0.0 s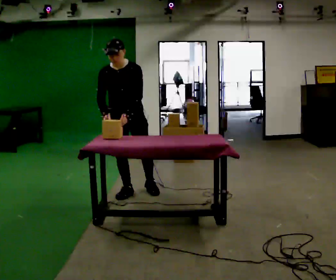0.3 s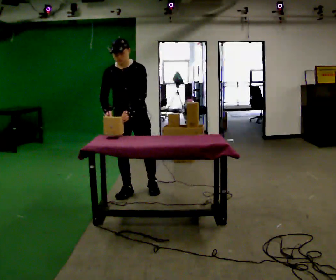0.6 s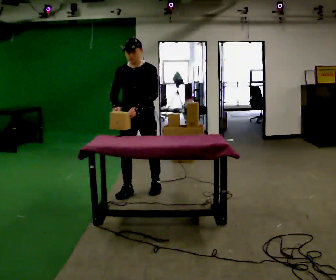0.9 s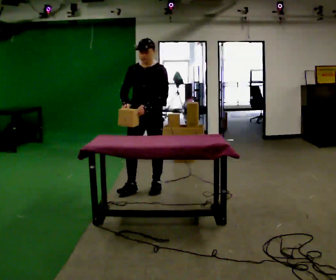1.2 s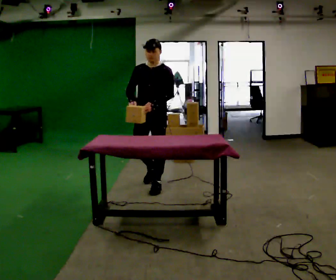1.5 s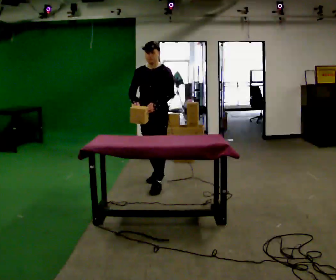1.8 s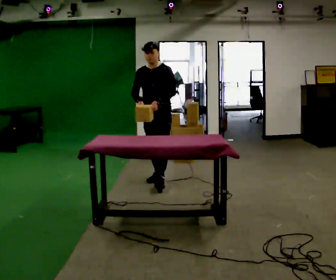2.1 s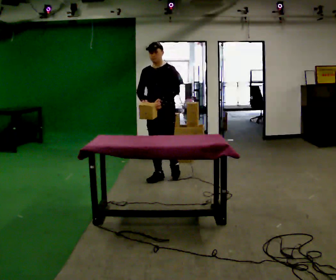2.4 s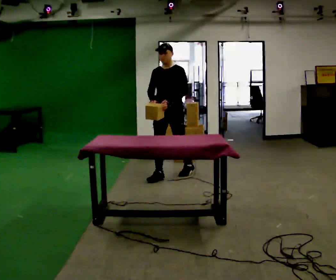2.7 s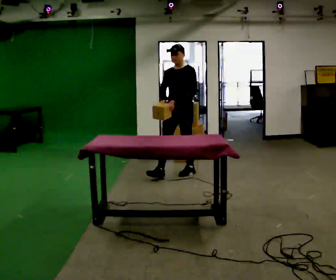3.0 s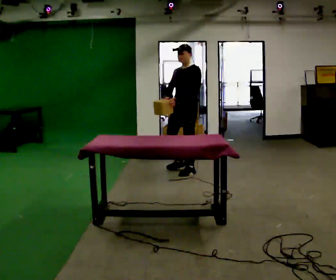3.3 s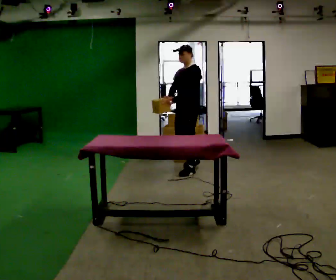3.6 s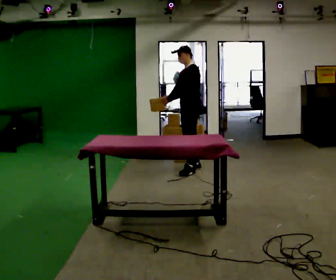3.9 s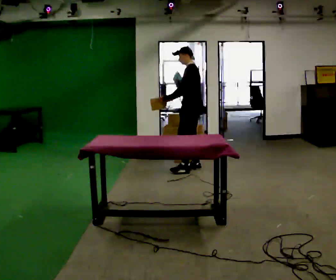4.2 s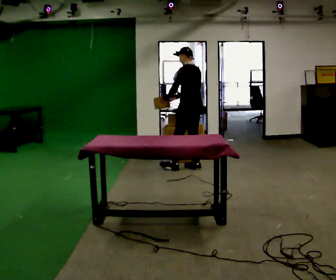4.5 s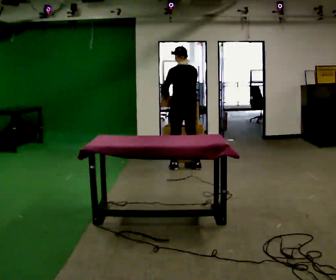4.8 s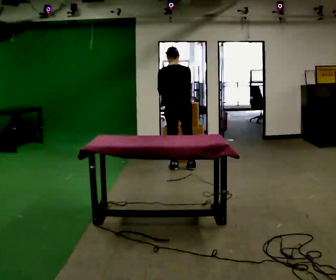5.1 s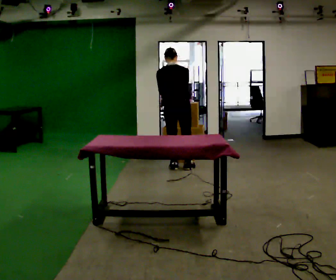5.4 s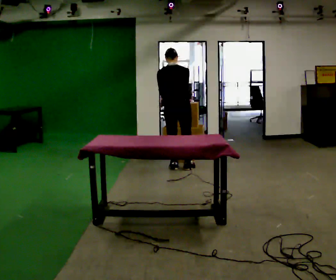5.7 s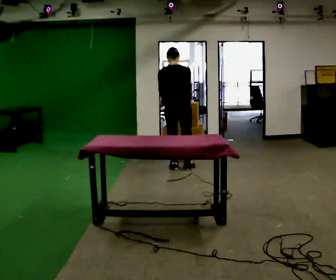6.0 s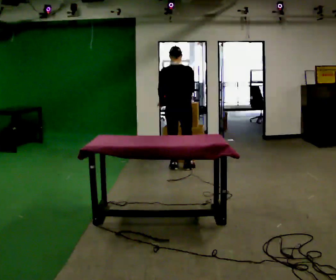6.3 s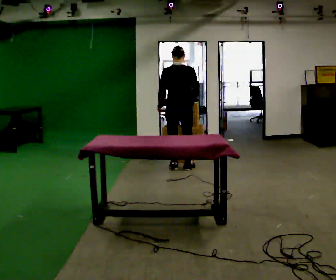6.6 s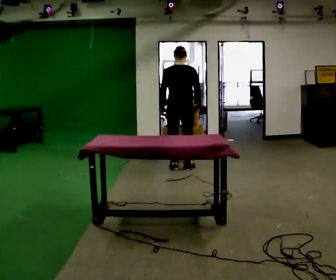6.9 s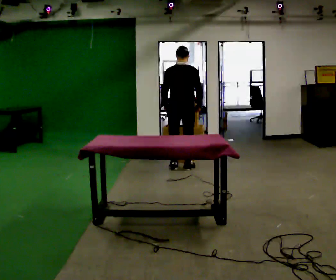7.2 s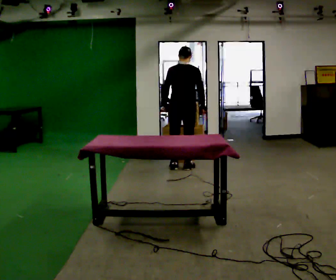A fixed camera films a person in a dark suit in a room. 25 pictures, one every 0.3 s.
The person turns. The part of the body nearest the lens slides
to the left.
The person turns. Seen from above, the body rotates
clockwise.
0.0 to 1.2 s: In the picture they go to the right and away from the camera, about 0.25 m in 1 step, which for them is backward and to their left. The upper body tips away from the camera, its near side rolling upward, as they lean back or straighten.
1.2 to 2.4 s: In the picture they go away from the camera, about 0.5 m in 1 step, which for them is backward.
2.4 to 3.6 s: Seen from above the body turns clockwise, about 45 degrees: to their right, with its near side sliding to the left. In the picture they go away from the camera and to the right, about 0.5 m in 1 step, which for them is backward.
3.6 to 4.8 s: The person turns about 105 degrees to their right, clockwise seen from above, so the part of the body nearest the lens slides to the left. In the picture they go to the left, about 0.25 m in 2 steps.
4.8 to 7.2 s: In the picture their right hand goes to the right.
The film runs backward here.
